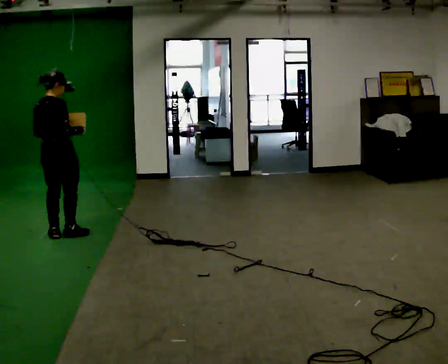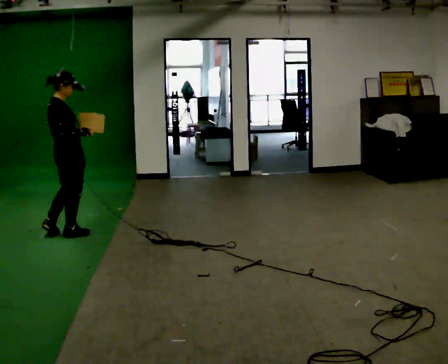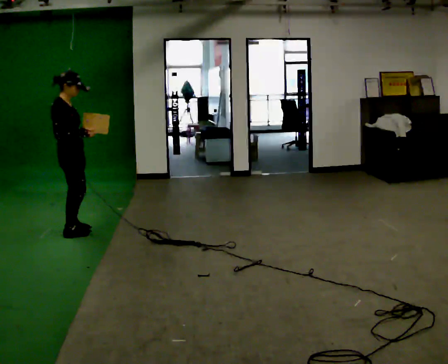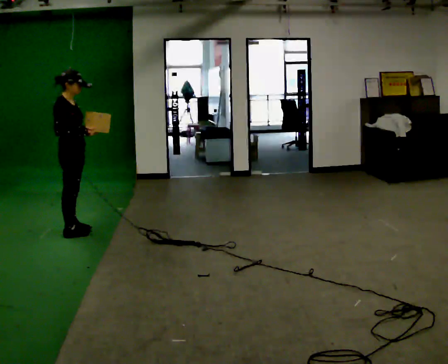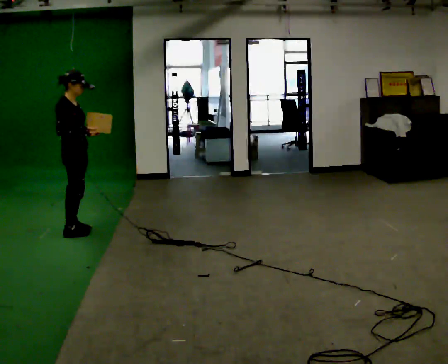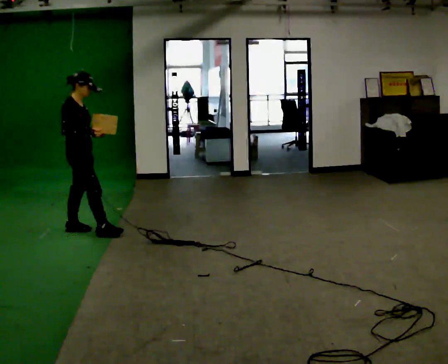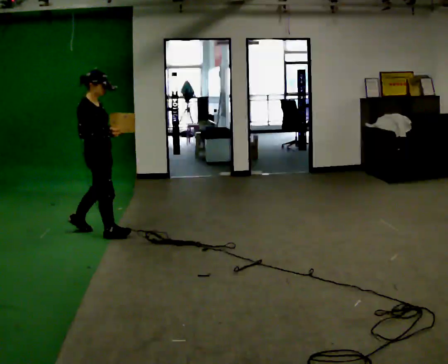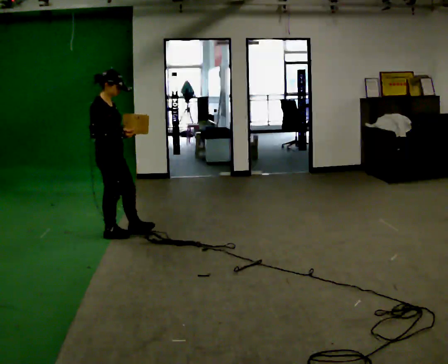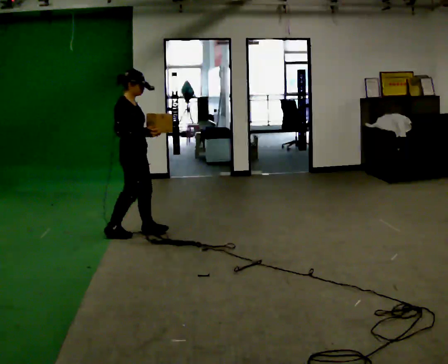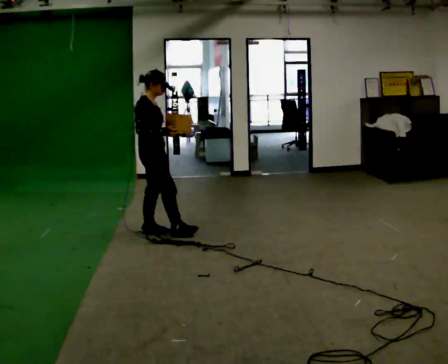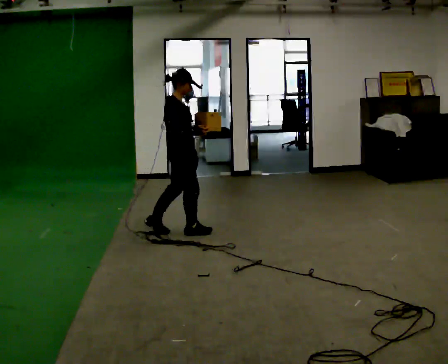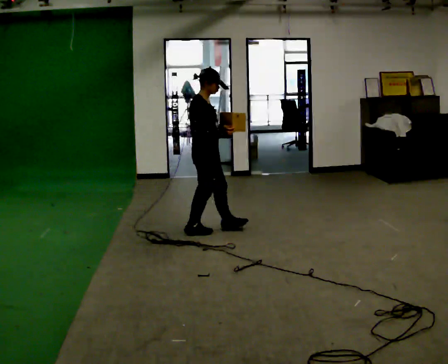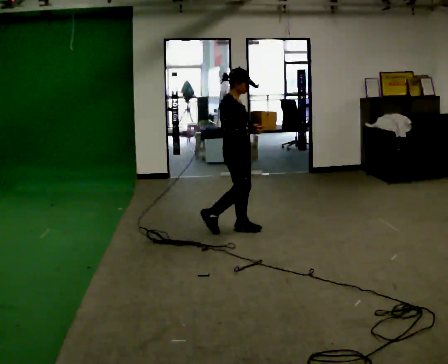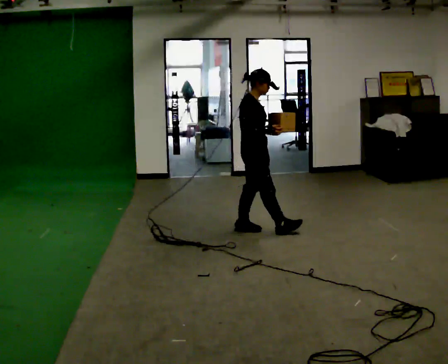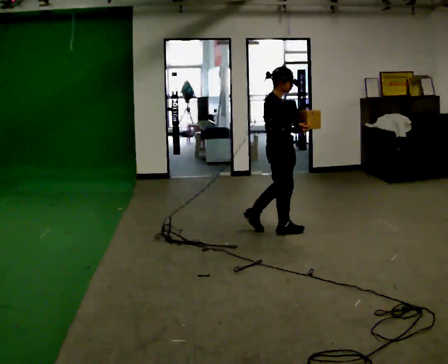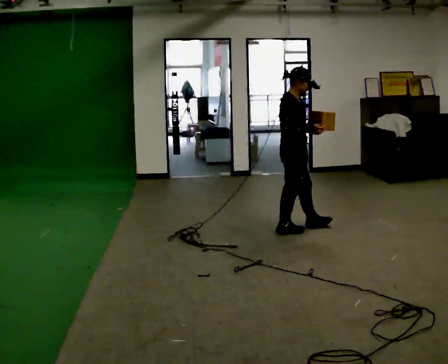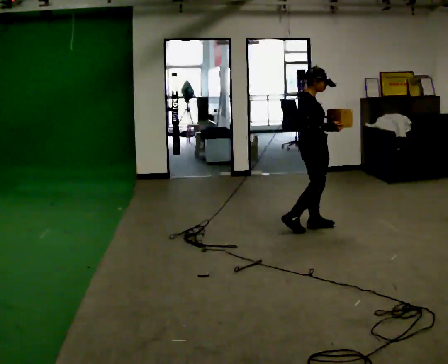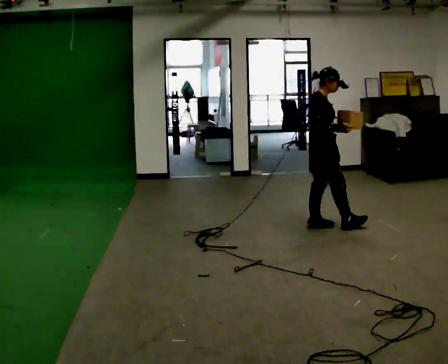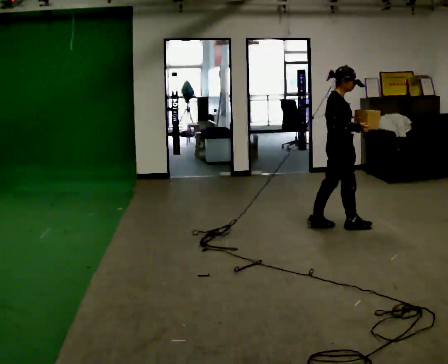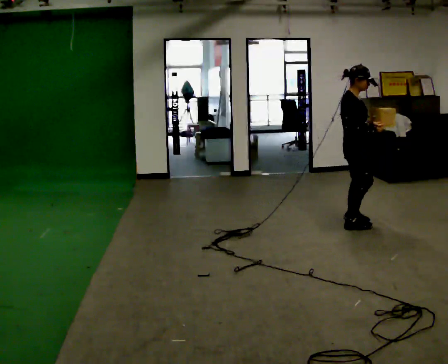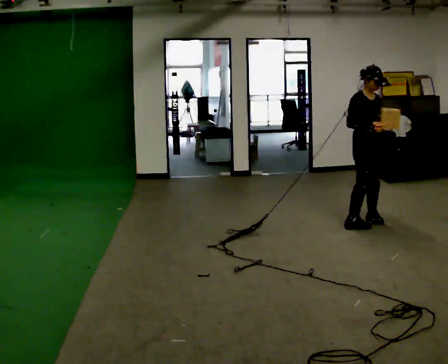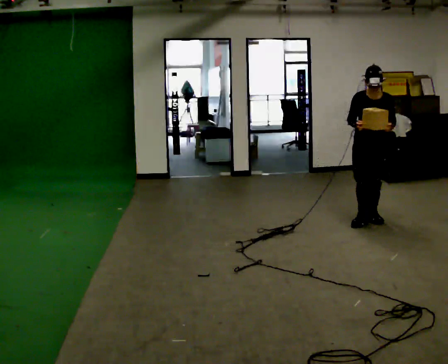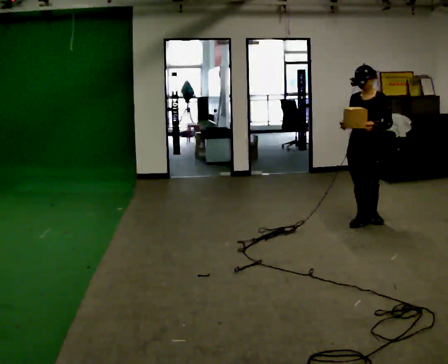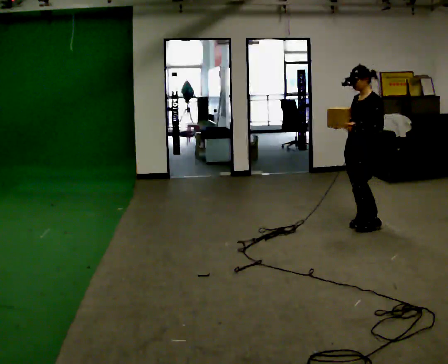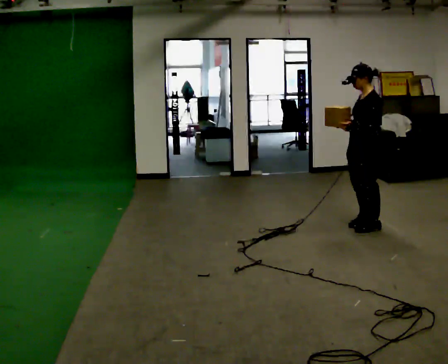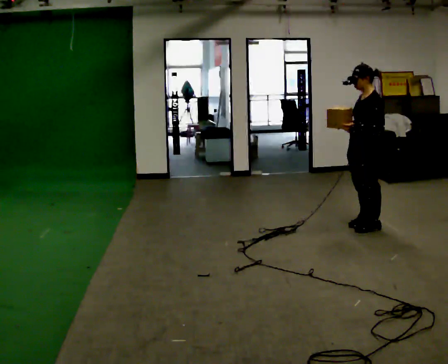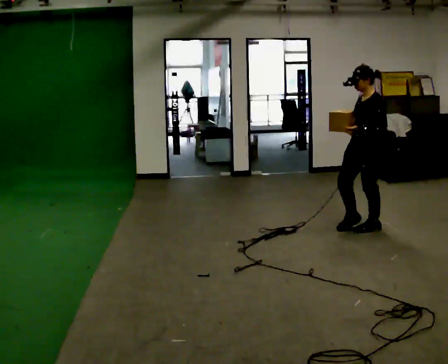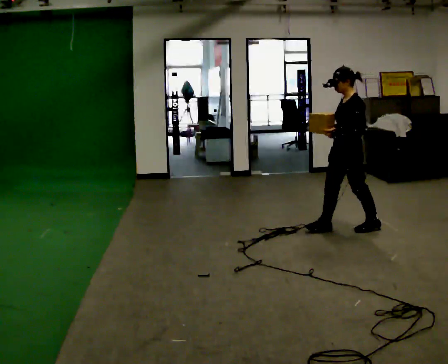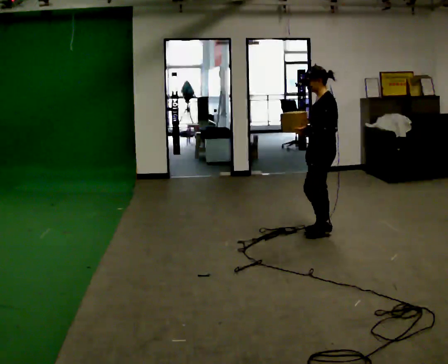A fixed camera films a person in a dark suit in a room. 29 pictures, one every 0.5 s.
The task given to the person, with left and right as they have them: Carry the light box in both hands in front of you, walking back and forth across the room. Keep walking until the operator says stop.
0.0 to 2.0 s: The person turns about 60 degrees to their right, clockwise seen from above, so the part of the body nearest the lens slides to the left.
2.0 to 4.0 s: In the picture they go to the right, about 0.5 m in 2 steps, which for them is forward.
4.0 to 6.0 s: In the picture they go to the right, about 1 m in 2 steps, which for them is forward.
6.0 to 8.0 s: In the picture they go to the right, about 0.75 m in 2 steps, which for them is forward.
8.0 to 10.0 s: The person turns about 45 degrees to their right, clockwise seen from above, so the part of the body nearest the lens slides to the left. In the picture they go to the right, about 0.5 m in 2 steps, which for them is forward.
10.0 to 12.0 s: The person turns about 120 degrees to their right, clockwise seen from above, so the part of the body nearest the lens slides to the left. In the picture they go toward the camera, about 0.25 m in 2 steps. In the picture their left hand goes to the left.
12.0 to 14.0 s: In the picture they go to the left, about 0.5 m in 1 step, which for them is forward.
The film runs forward here.
